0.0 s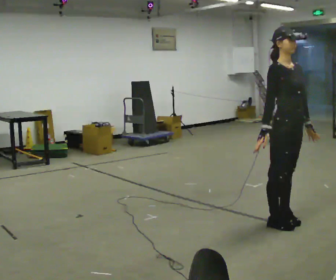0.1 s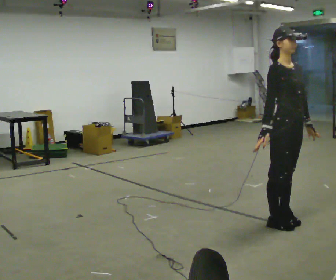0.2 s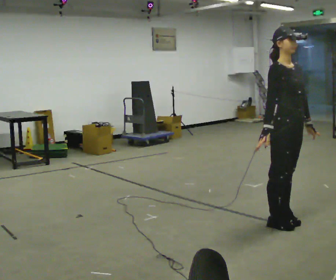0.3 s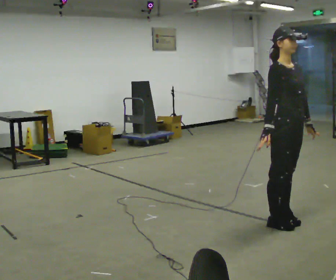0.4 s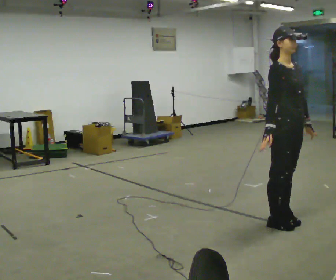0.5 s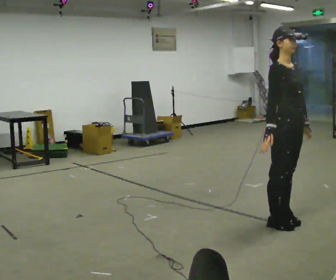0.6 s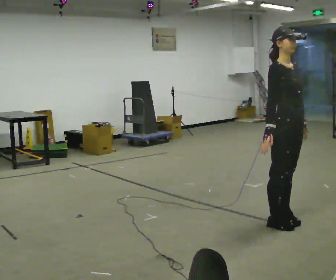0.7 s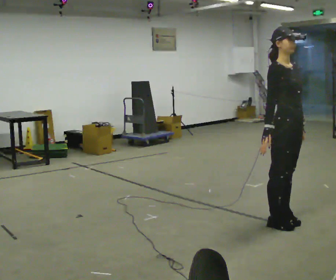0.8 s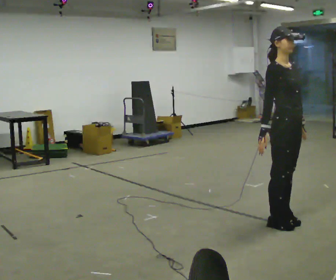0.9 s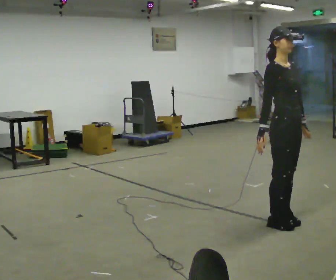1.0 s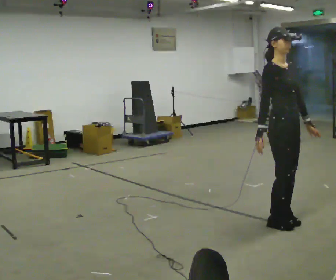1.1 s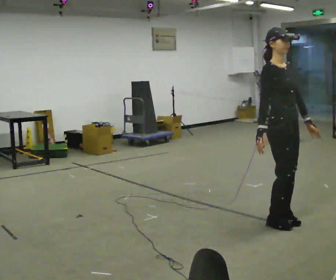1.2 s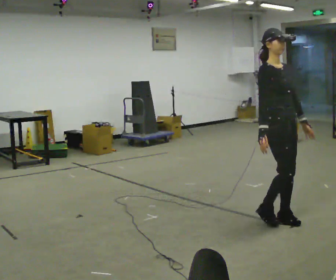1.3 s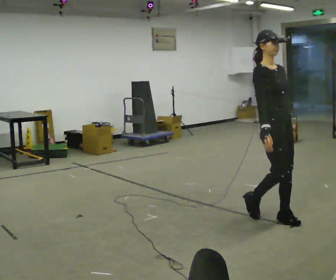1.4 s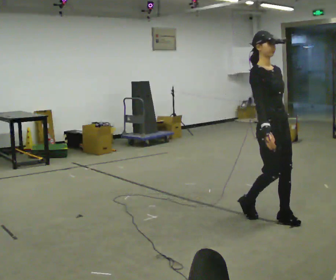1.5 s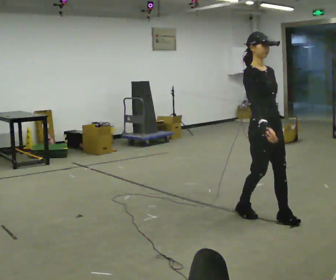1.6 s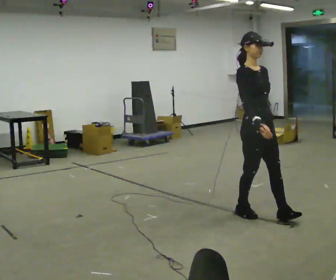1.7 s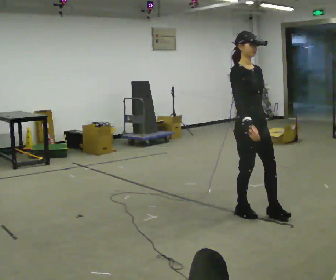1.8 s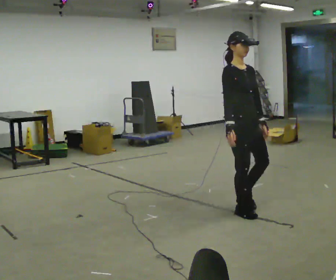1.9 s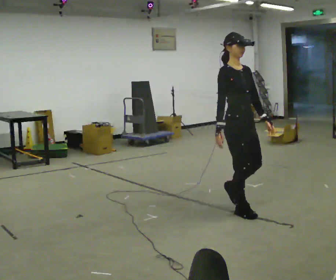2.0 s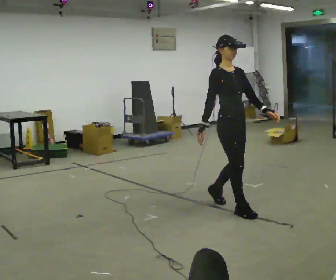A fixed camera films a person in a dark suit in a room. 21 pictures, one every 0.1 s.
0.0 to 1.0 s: The person moves a little, or ends about where they began.
1.0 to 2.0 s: In the picture they go to the left and away from the camera, about 0.5 m in 2 steps, which for them is backward.
The film runs backward here.
